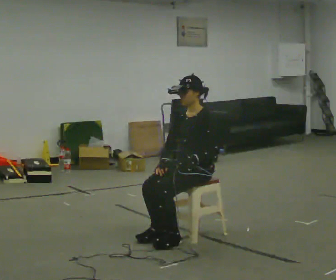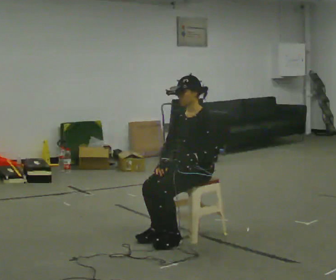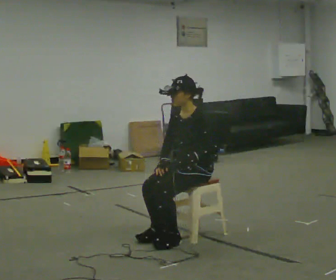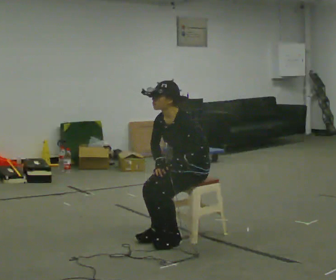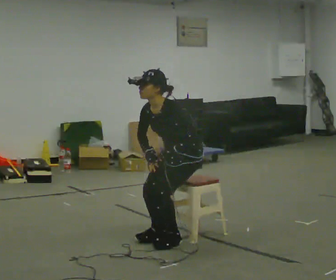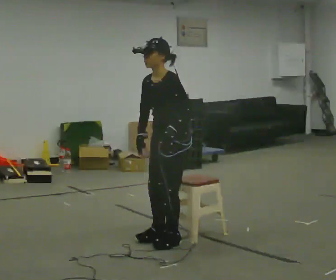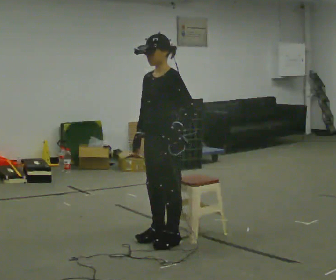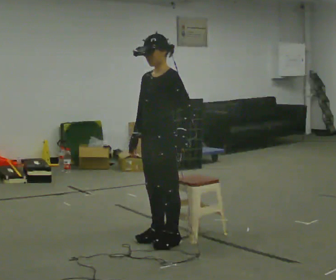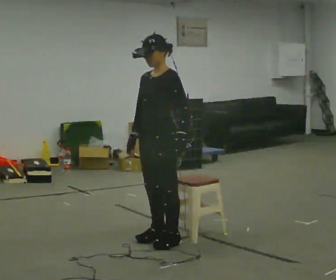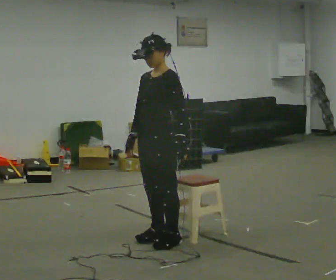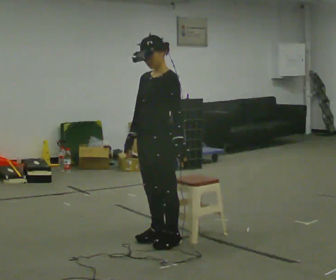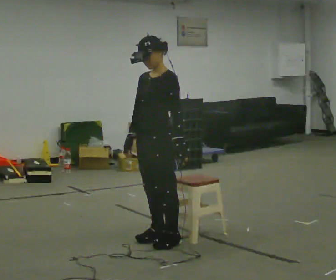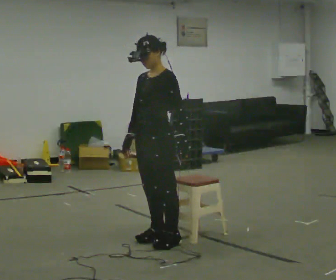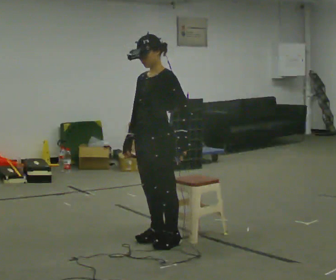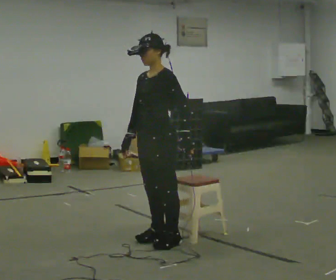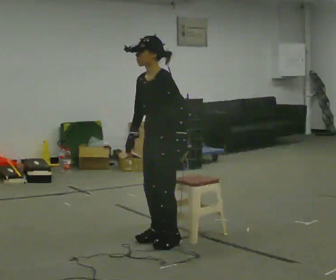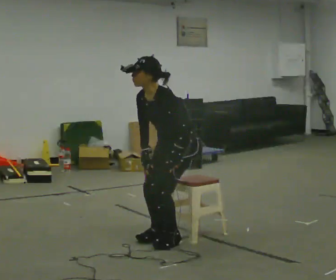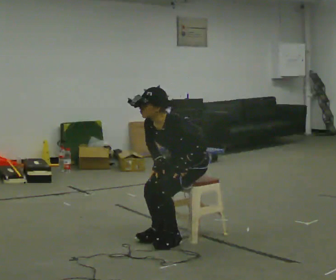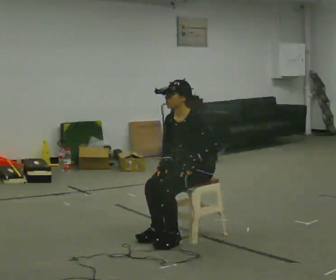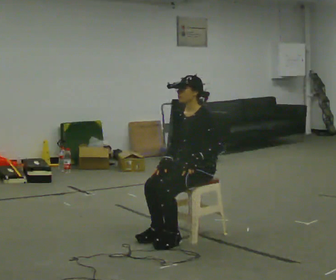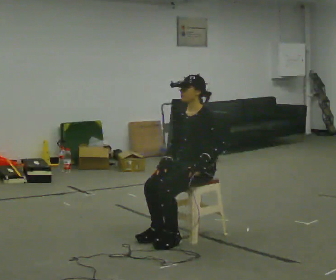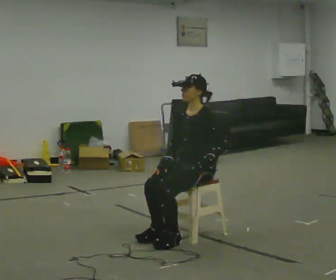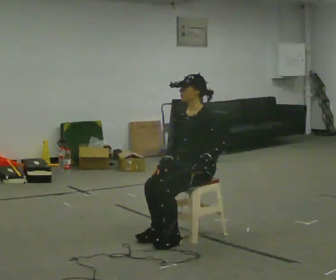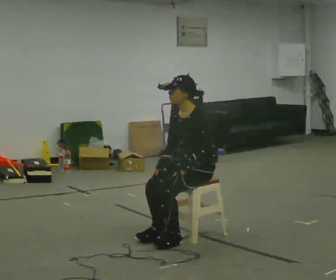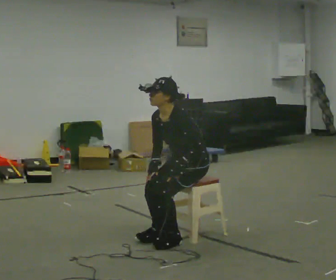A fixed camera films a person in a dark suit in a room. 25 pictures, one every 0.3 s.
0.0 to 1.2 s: In the picture the upper body tilts counterclockwise, shoulders to the left, as they bend forward.
1.2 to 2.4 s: In the picture they go to the left, about 0.25 m, which for them is forward. The upper body goes upward. In the picture the upper body tilts clockwise, shoulders to the right, as they lean back or straighten.
2.4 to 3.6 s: The person moves a little, or ends about where they began.
3.6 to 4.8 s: In the picture they go to the right, about 0.25 m, which for them is backward. In the picture the upper body tilts counterclockwise, shoulders to the left, as they bend forward.
4.8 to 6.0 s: The person moves a little, or ends about where they began.
6.0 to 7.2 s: In the picture the upper body tilts counterclockwise, shoulders to the left, as they bend forward.
The film runs backward here.
